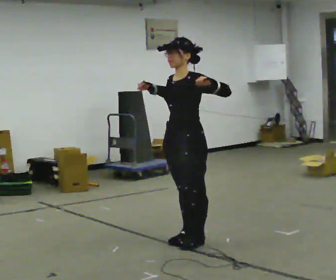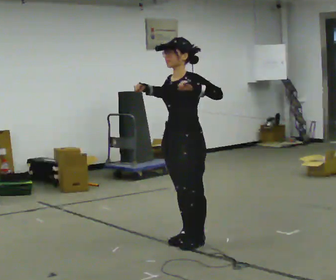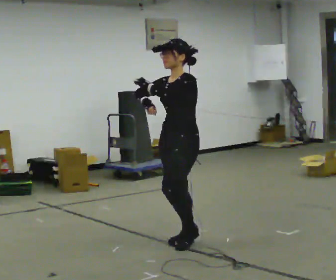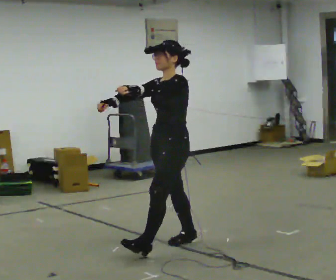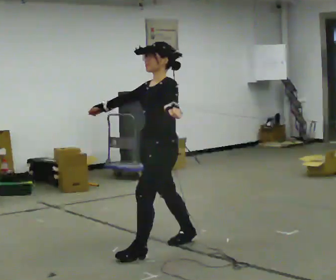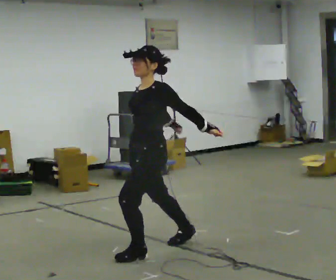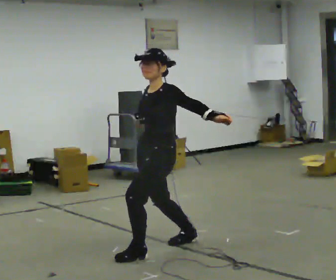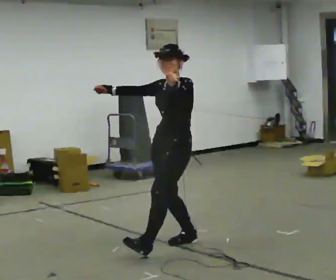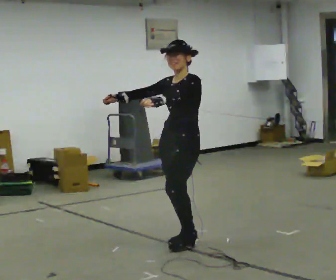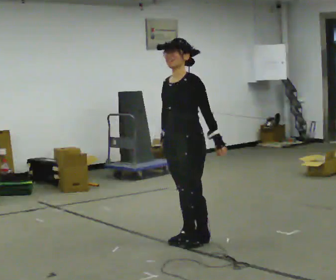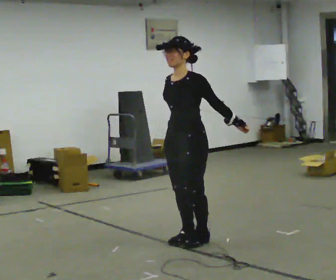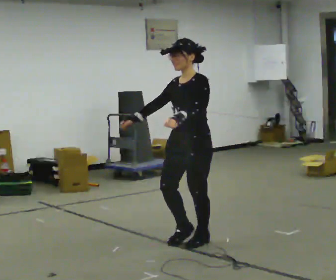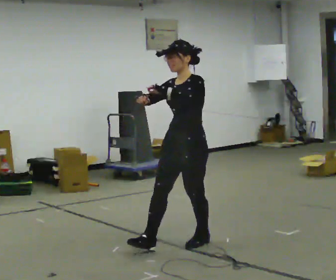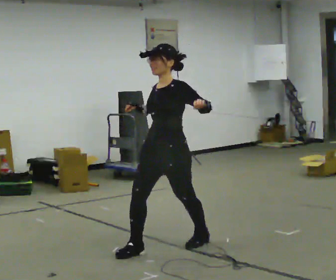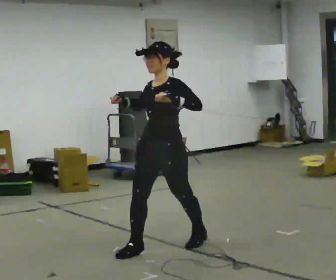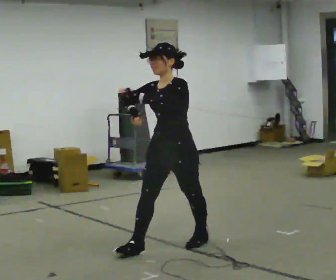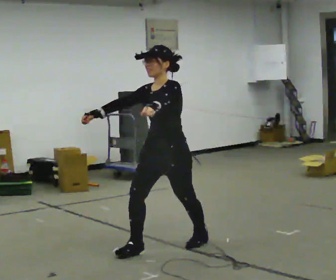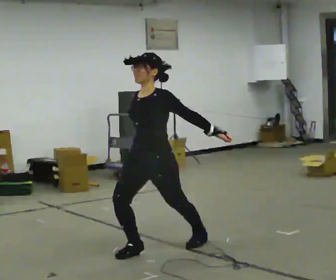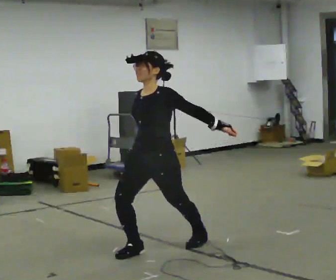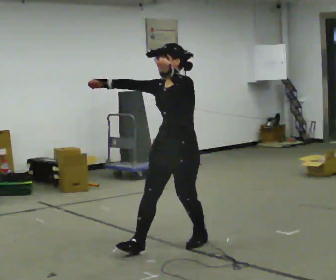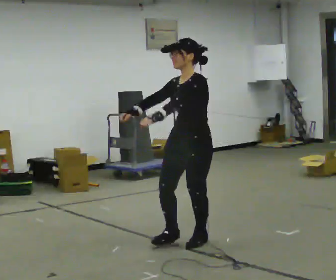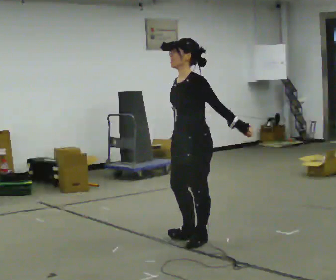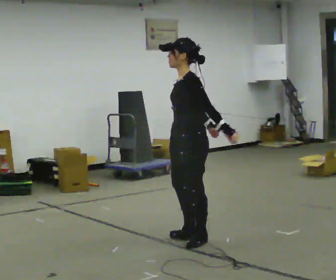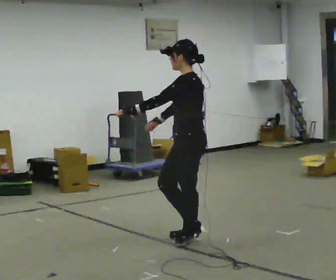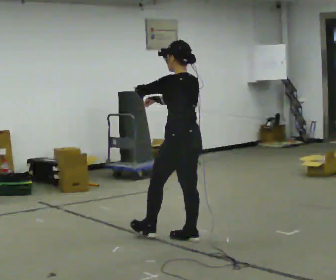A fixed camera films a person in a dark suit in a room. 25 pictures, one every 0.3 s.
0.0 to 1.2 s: In the picture they go to the left and toward the camera, about 0.25 m in 1 step, which for them is forward.
1.2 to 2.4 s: In the picture they go away from the camera and to the right, about 0.25 m, which for them is backward and to their right.
2.4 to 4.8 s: In the picture they go toward the camera, about 0.25 m in 2 steps, which for them is forward.
4.8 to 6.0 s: In the picture they go to the right, about 0.25 m, which for them is backward.
6.0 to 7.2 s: Seen from above the body turns clockwise, about 75 degrees: to their right, with its near side sliding to the left. In the picture they go away from the camera, about 0.25 m in 1 step.
The film runs forward here.
